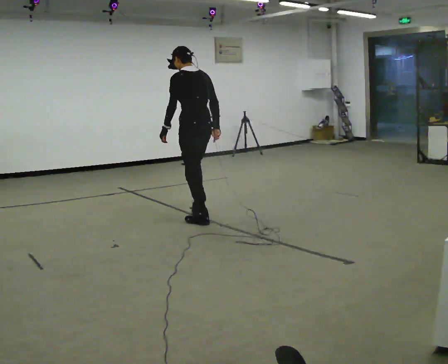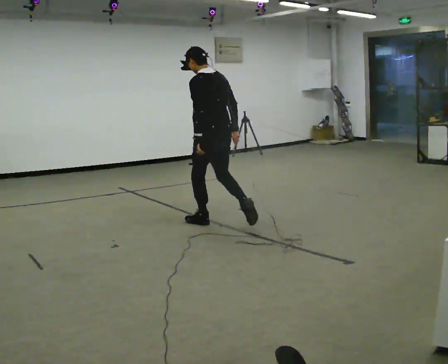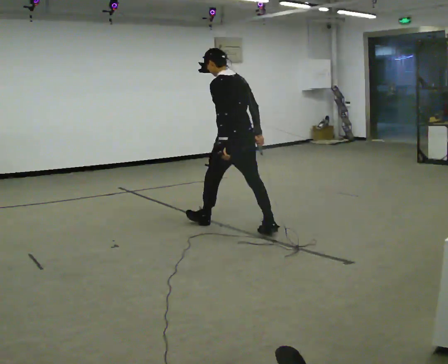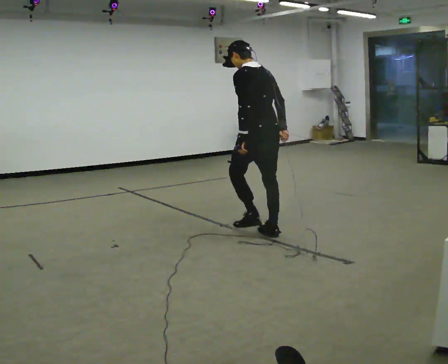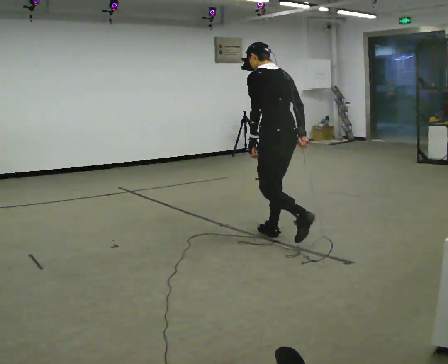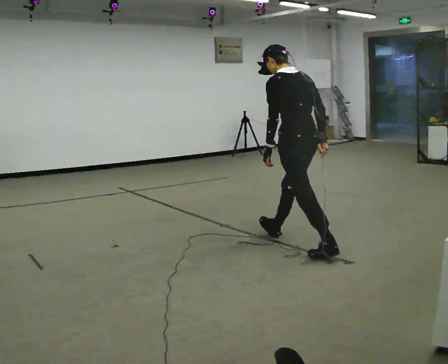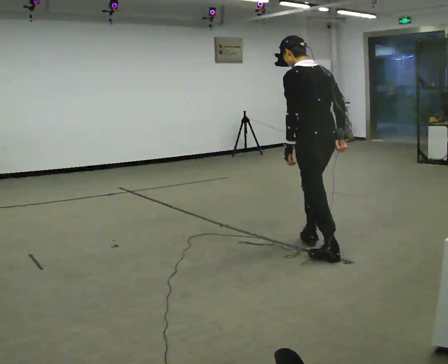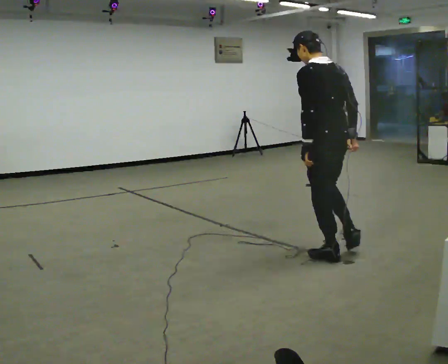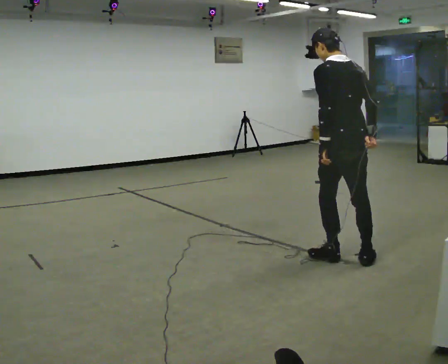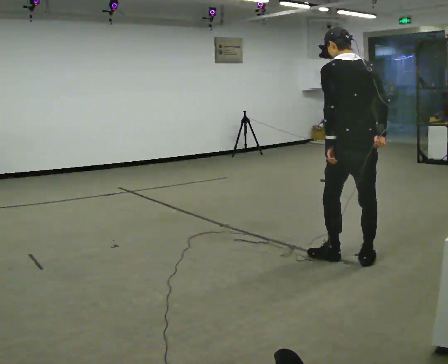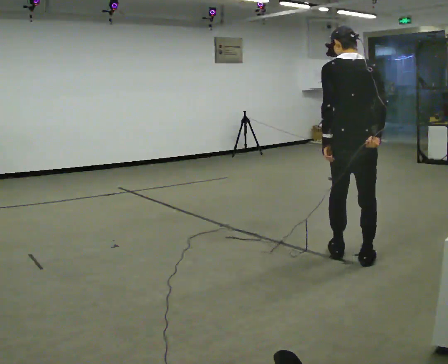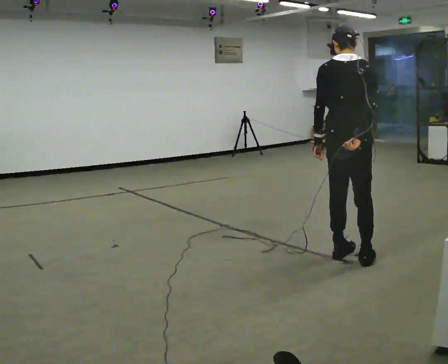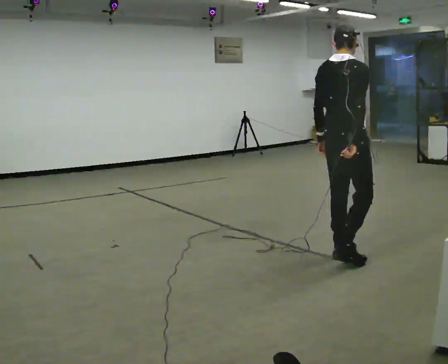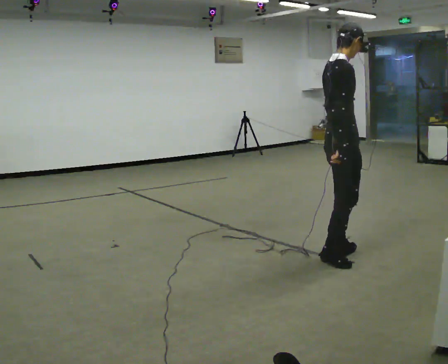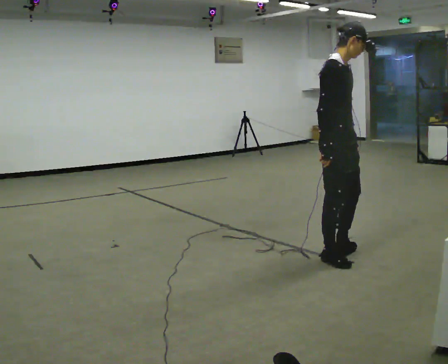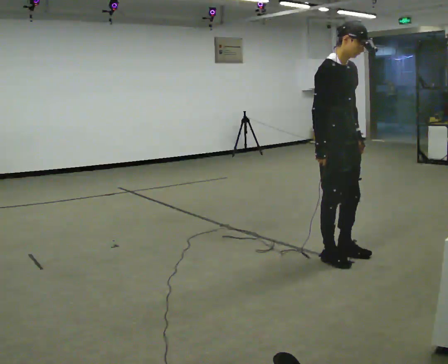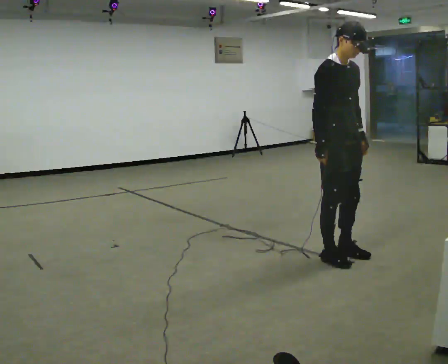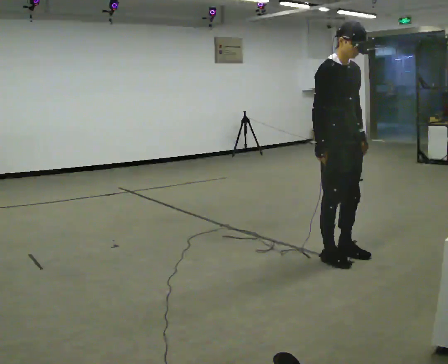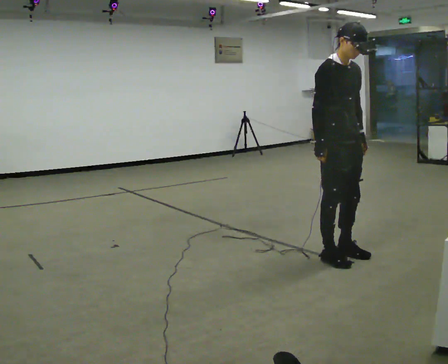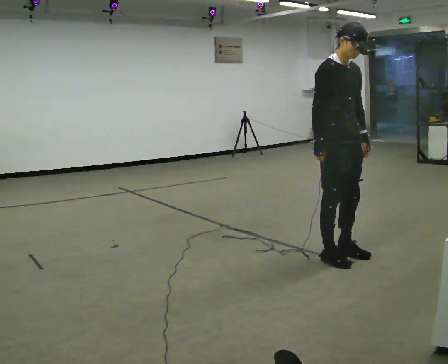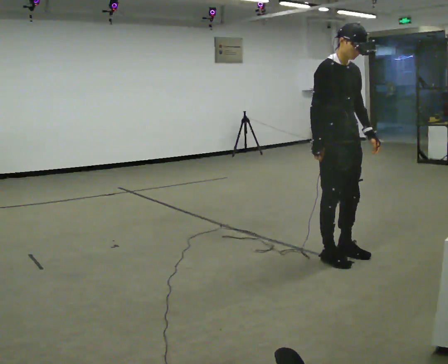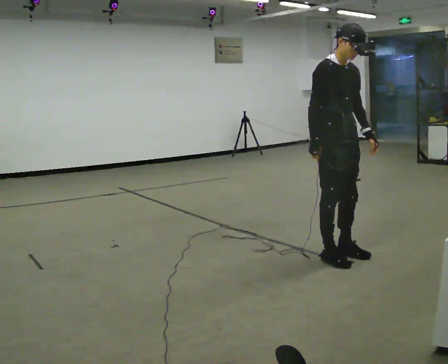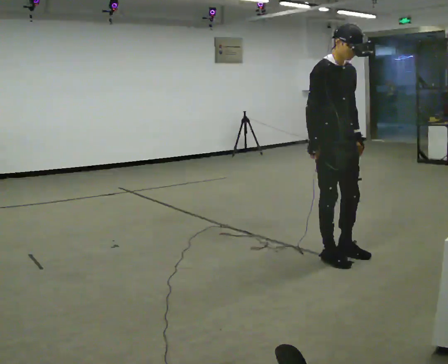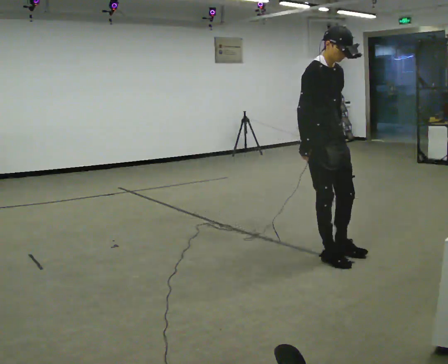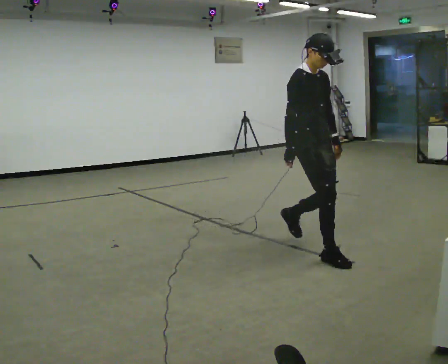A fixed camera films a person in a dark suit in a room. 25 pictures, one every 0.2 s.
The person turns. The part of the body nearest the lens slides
to the left.
The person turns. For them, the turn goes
to their right.
0.0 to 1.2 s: In the picture they go to the right and toward the camera, about 1.5 m in 2 steps, which for them is backward.
1.2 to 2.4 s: The part of the body nearest the lens slides to the left as the person turns to their right by about 75 degrees. In the picture they go toward the camera and to the right, about 0.25 m in 1 step. In the picture the upper body tilts clockwise, shoulders to the right.
2.4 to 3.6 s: The person turns about 90 degrees to their right, clockwise seen from above, so the part of the body nearest the lens slides to the left. In the picture their left hand goes to the right.
3.6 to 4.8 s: In the picture they go to the left and away from the camera, about 0.25 m in 1 step, which for them is backward.
The film runs backward here.
